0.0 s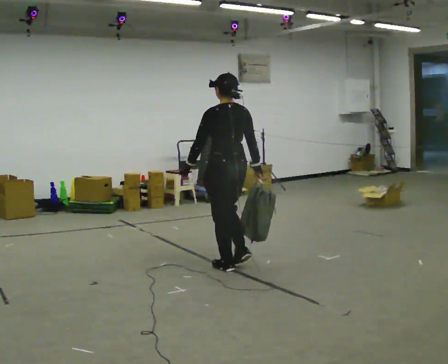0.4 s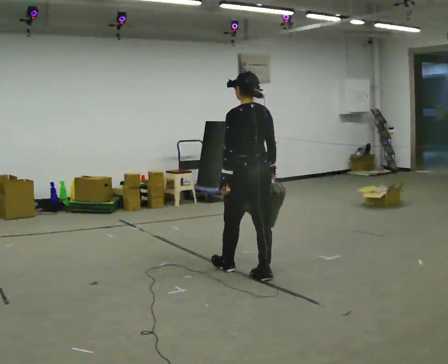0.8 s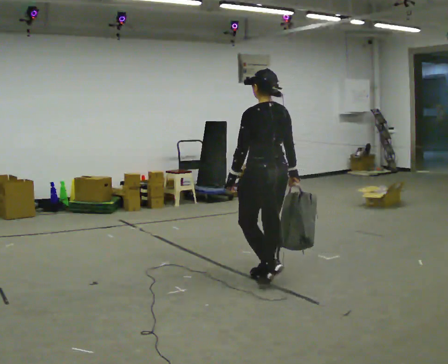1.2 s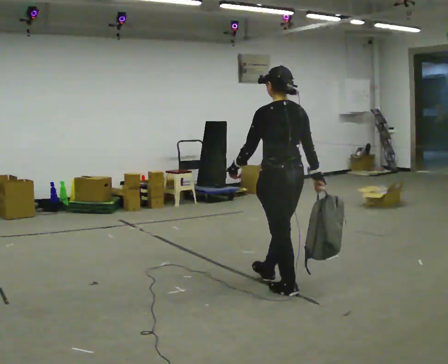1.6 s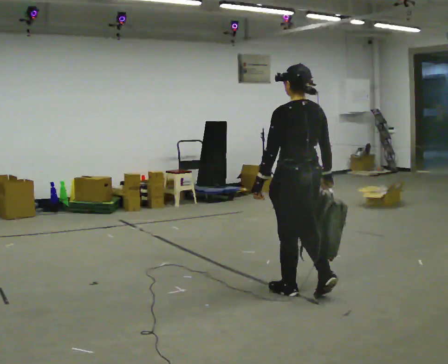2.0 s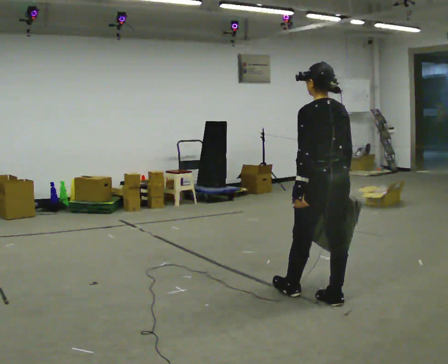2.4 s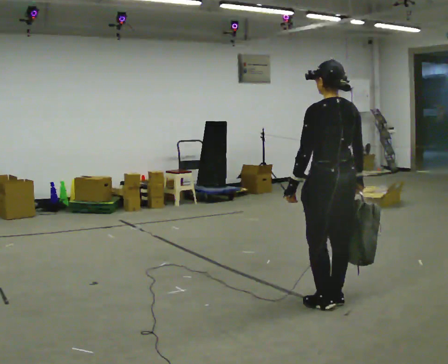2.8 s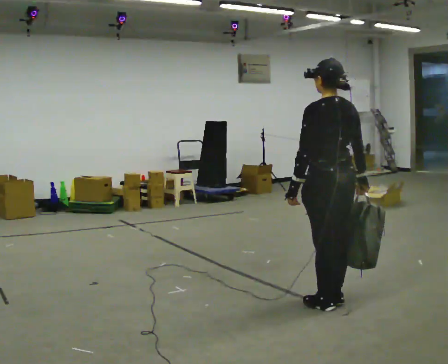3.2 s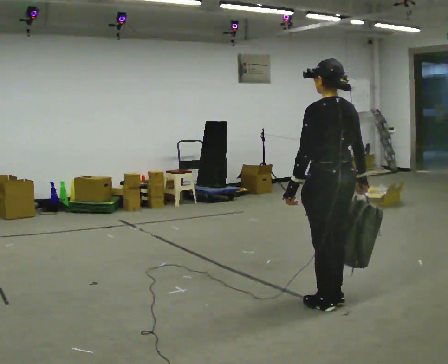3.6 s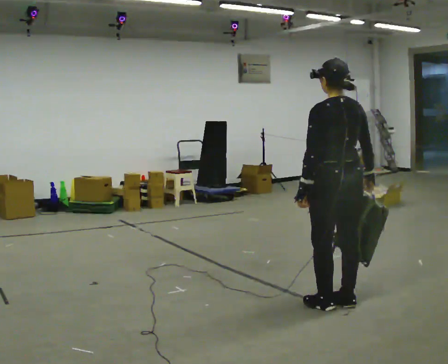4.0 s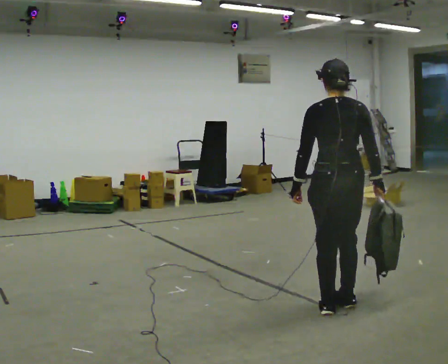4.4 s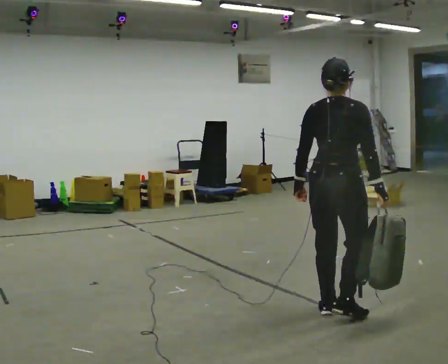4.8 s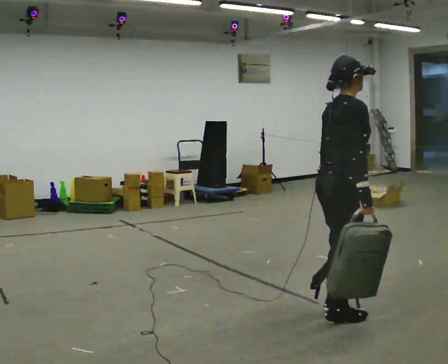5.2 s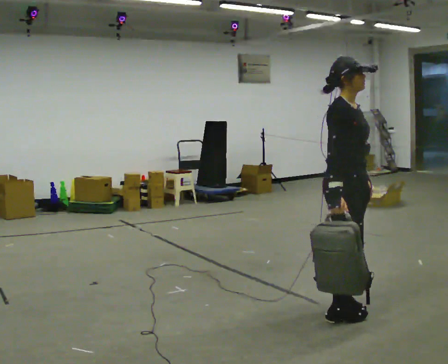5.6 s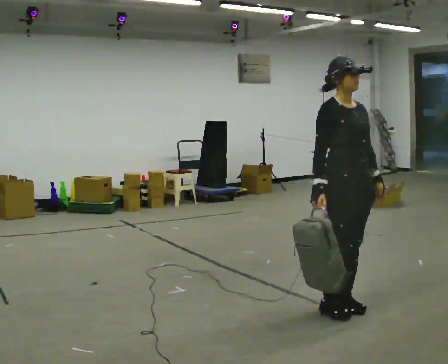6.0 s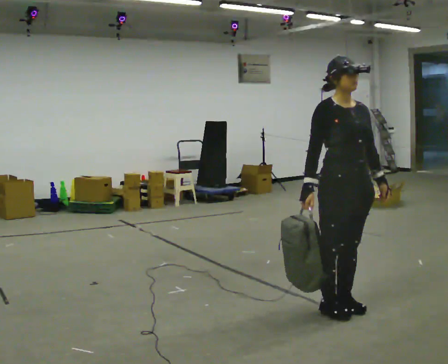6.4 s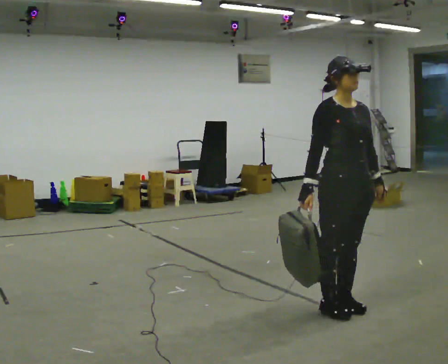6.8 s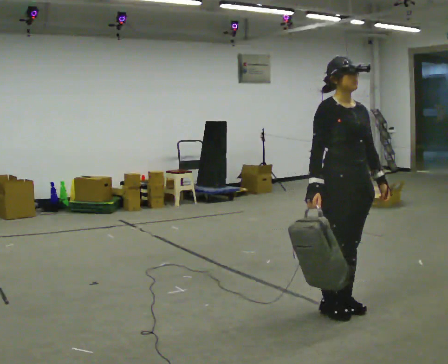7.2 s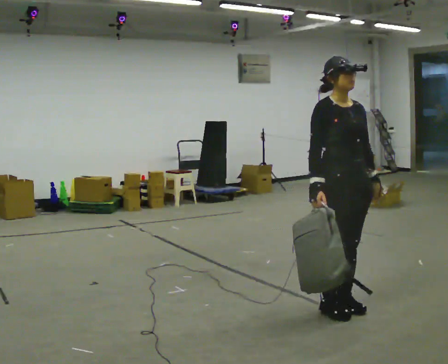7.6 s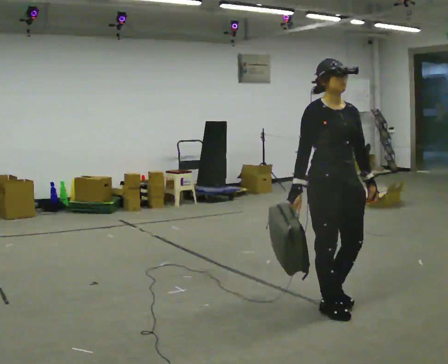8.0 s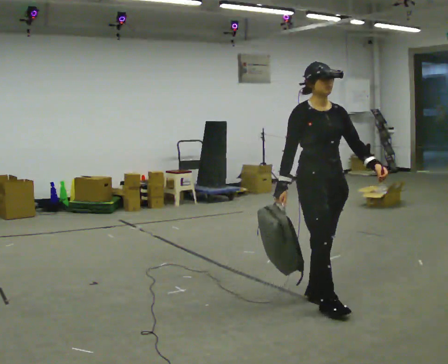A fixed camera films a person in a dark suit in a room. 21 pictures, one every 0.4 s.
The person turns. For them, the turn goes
to their right.
The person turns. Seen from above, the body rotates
clockwise.
0.0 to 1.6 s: In the picture they go toward the camera and to the right, about 1 m in 2 steps, which for them is backward.
1.6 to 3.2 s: In the picture they go toward the camera and to the right, about 0.25 m in 1 step, which for them is backward.
3.2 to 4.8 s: The part of the body nearest the lens slides to the left as the person turns to their right by about 120 degrees. In the picture they go toward the camera, about 0.25 m in 1 step.
4.8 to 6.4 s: Seen from above the body turns clockwise, about 75 degrees: to their right, with its near side sliding to the left. In the picture their left hand goes to the right.
6.4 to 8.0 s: In the picture they go away from the camera and to the left, about 0.25 m in 2 steps, which for them is backward.
The film runs backward here.
